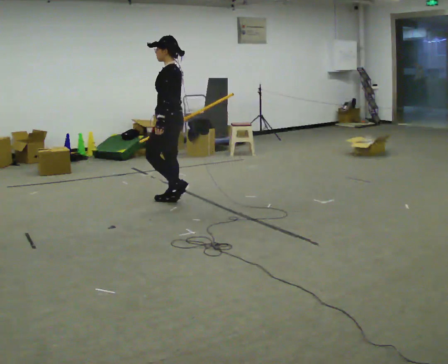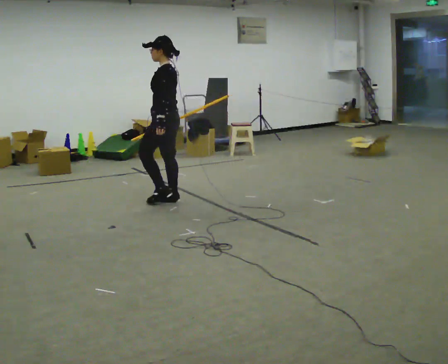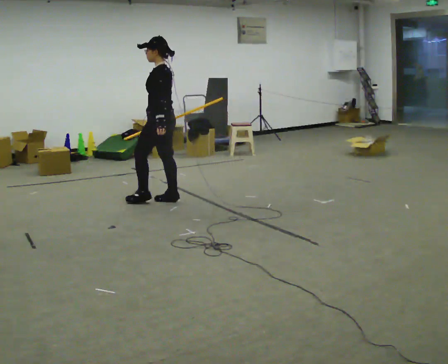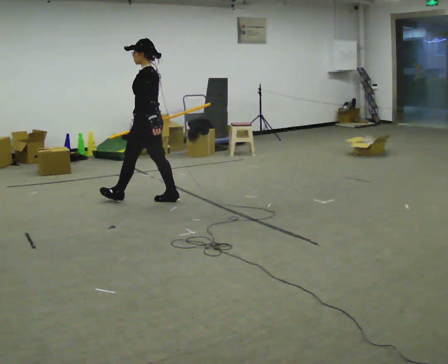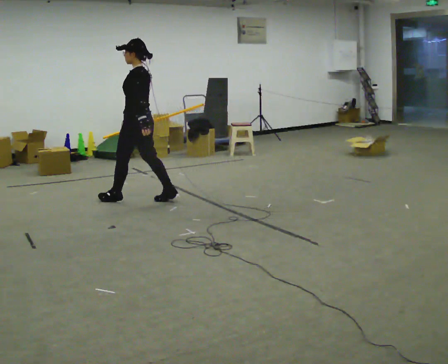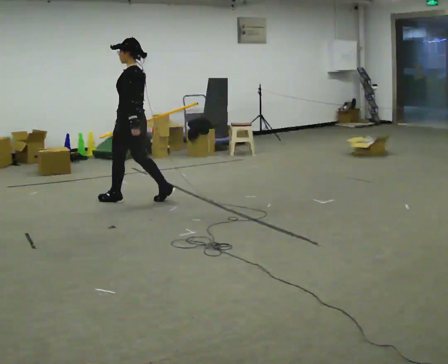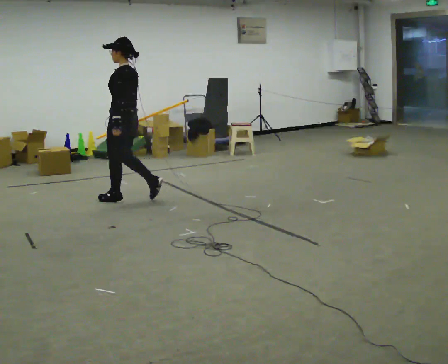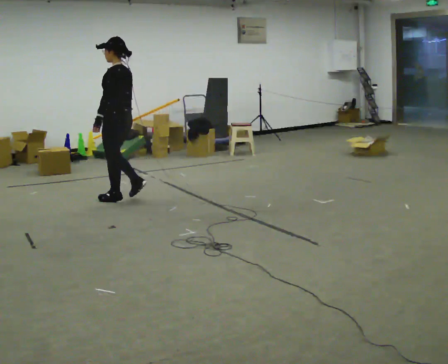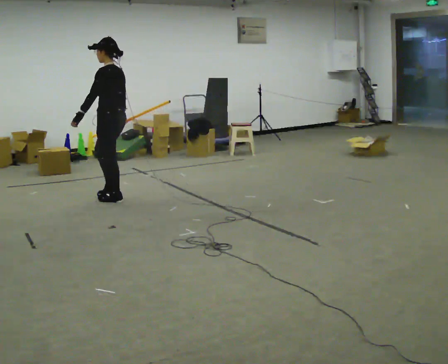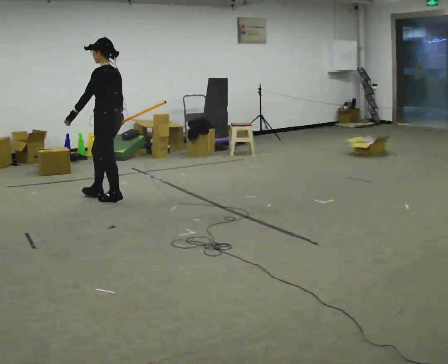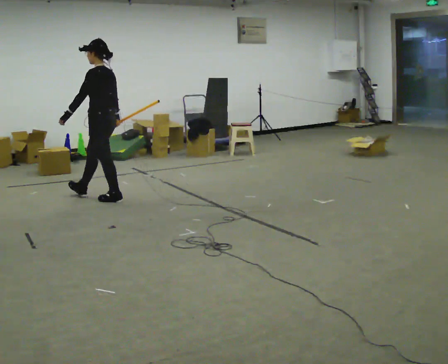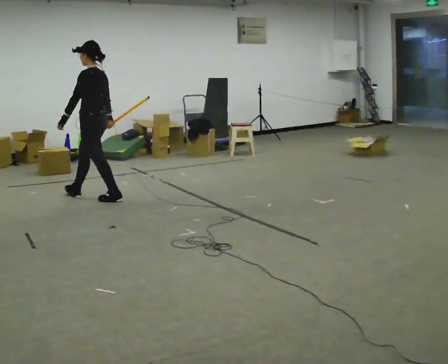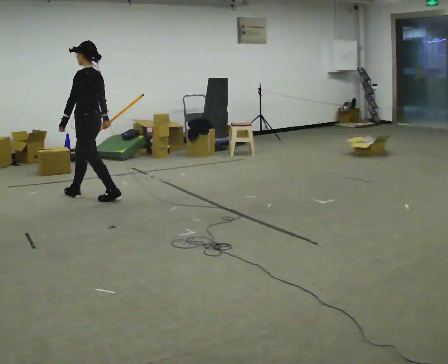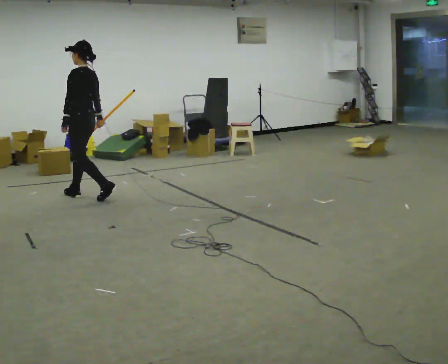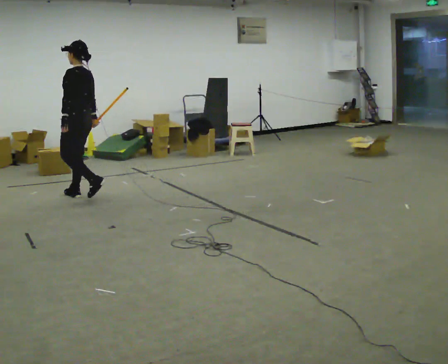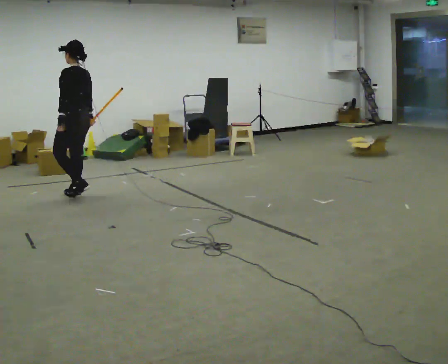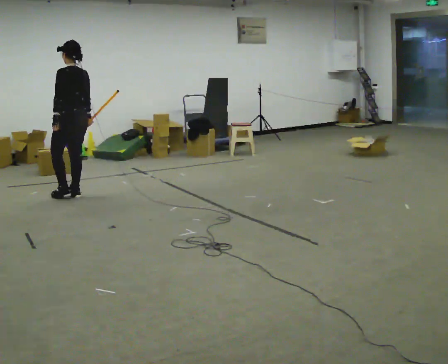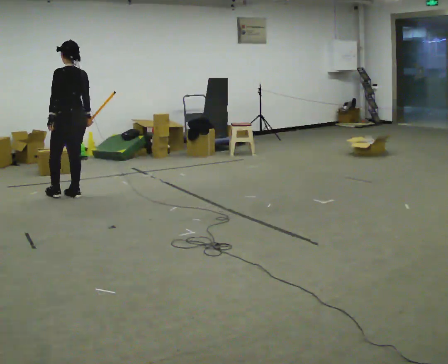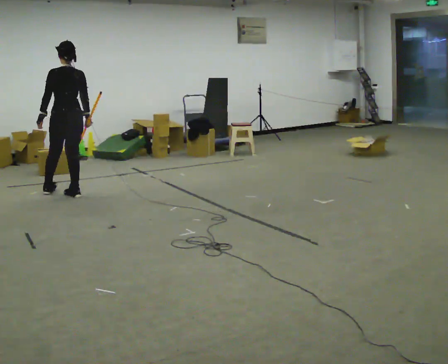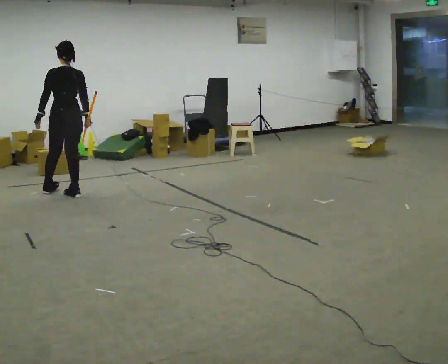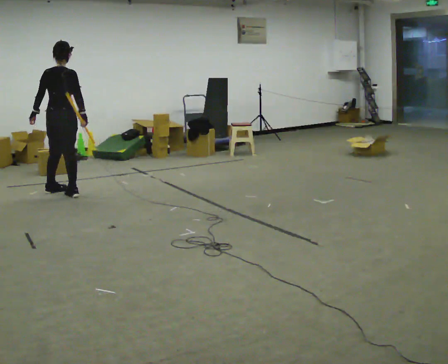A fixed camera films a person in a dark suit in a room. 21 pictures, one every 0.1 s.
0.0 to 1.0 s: In the picture they go to the left, about 0.75 m in 1 step, which for them is forward.
1.0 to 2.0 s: Seen from above the body turns clockwise, about 90 degrees: to their right, with its near side sliding to the left. In the picture they go to the left and away from the camera, about 0.5 m in 2 steps.
The film runs forward here.
